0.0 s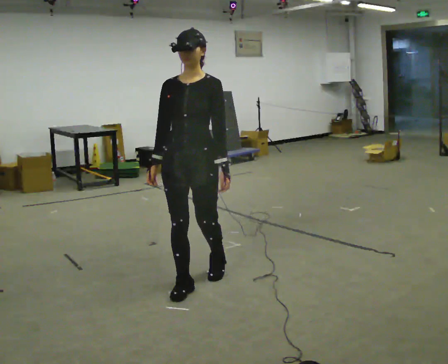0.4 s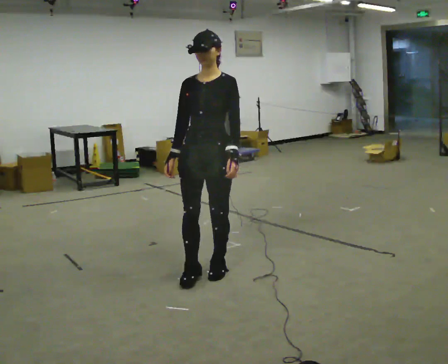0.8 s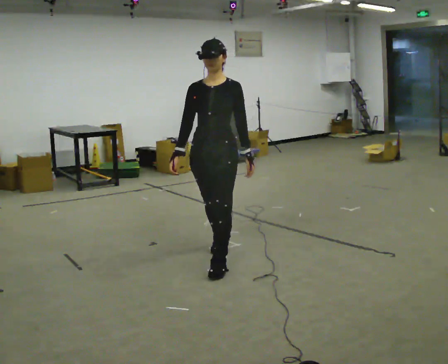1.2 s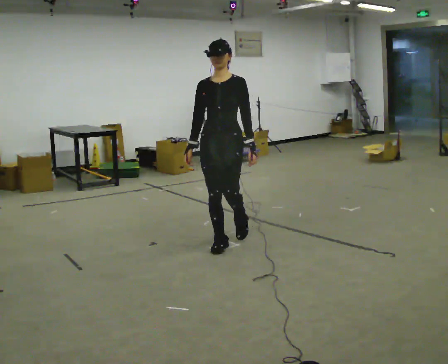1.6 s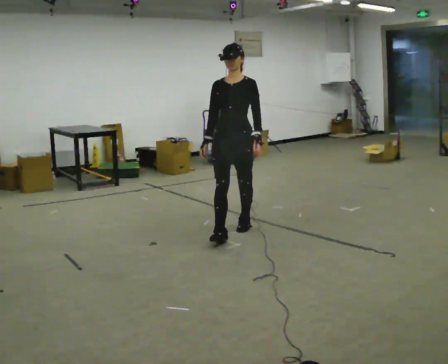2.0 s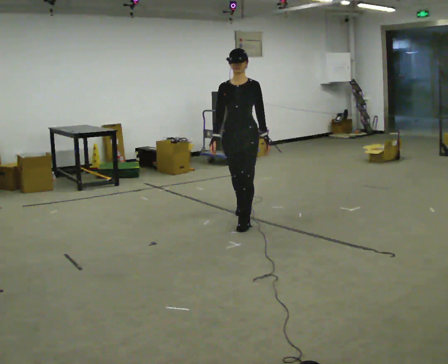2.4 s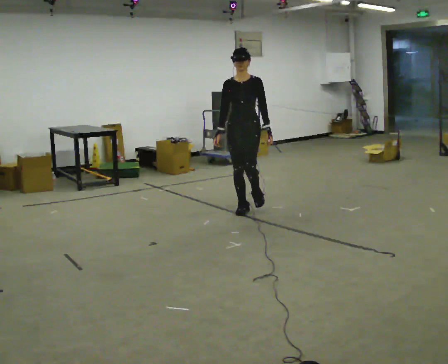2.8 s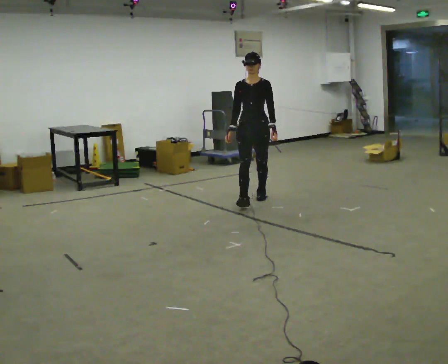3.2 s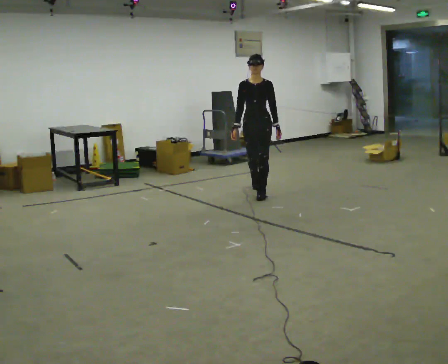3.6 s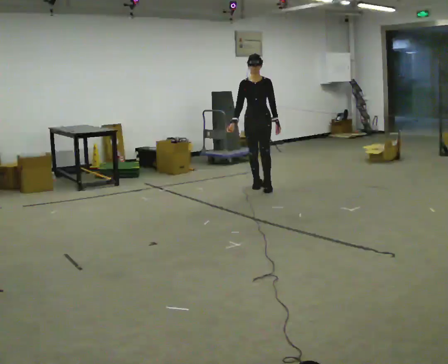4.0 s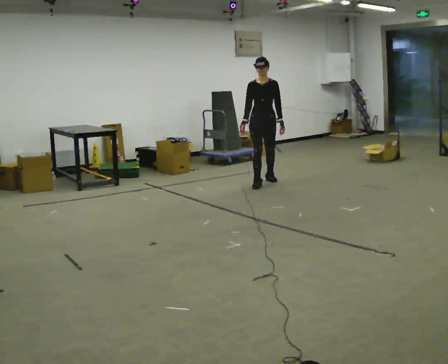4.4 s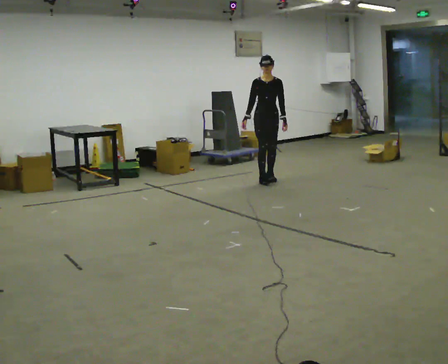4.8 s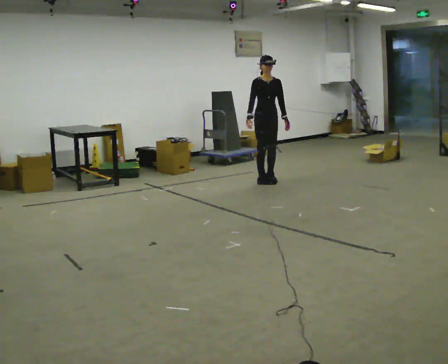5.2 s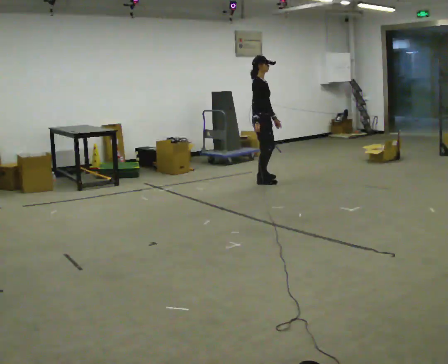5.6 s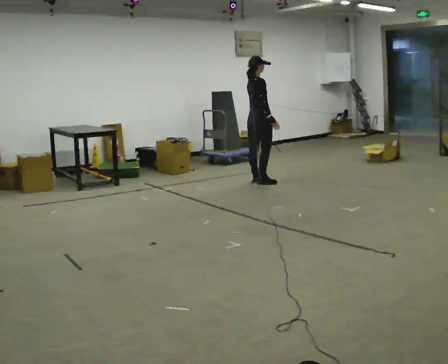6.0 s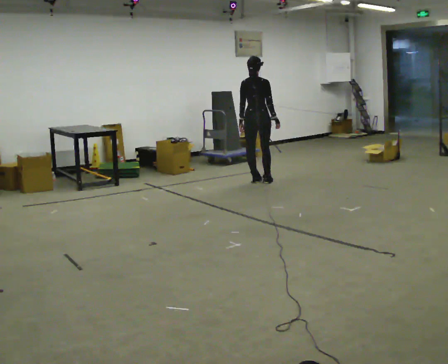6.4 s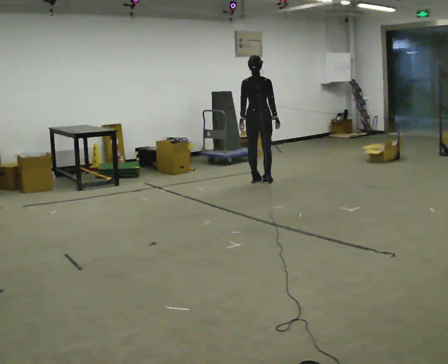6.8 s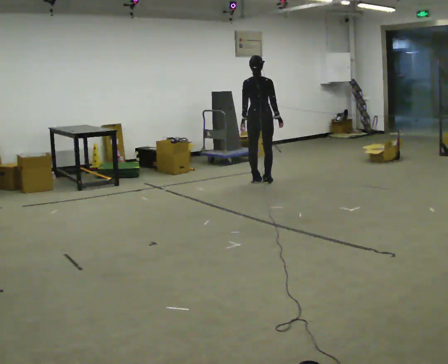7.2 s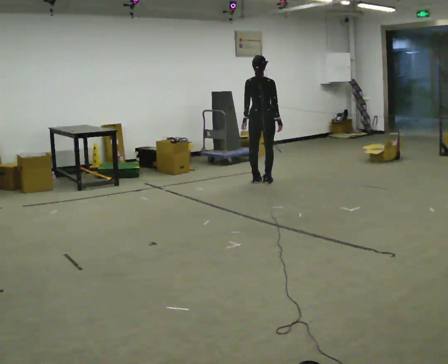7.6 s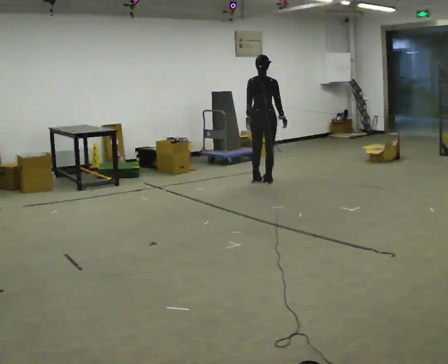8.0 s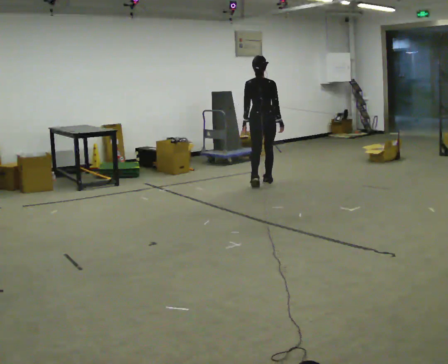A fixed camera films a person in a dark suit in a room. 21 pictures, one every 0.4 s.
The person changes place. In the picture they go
away from the camera.
0.0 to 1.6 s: In the picture they go away from the camera, about 1 m in 3 steps, which for them is backward.
1.6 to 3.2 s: In the picture they go away from the camera, about 1.5 m in 2 steps, which for them is backward.
3.2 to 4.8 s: Seen from above the body turns counterclockwise, about 30 degrees: to their left, with its near side sliding to the right. In the picture they go away from the camera, about 1 m in 1 step, which for them is backward.
4.8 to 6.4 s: The person turns about 150 degrees to their left, counterclockwise seen from above, so the part of the body nearest the lens slides to the right. In the picture their right hand goes to the right, the arm swinging counterclockwise.
6.4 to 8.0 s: In the picture they go toward the camera, about 0.25 m in 1 step, which for them is backward.
The film runs backward here.
